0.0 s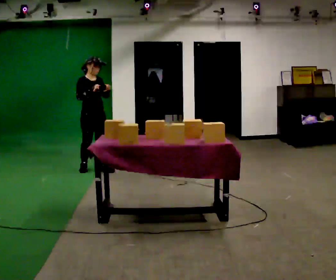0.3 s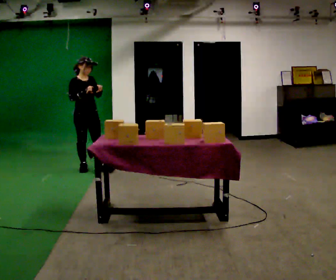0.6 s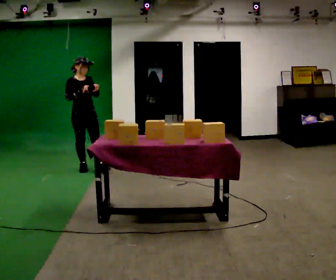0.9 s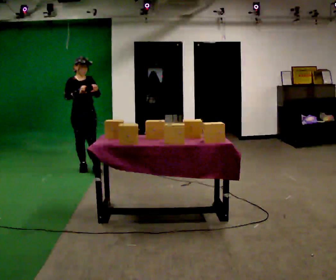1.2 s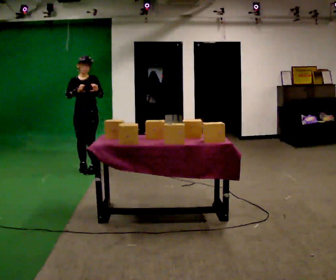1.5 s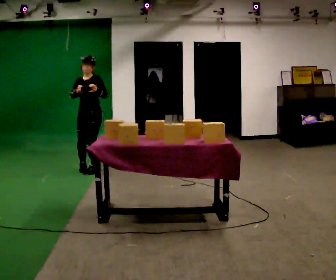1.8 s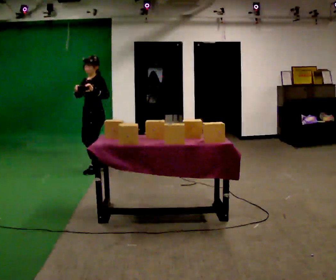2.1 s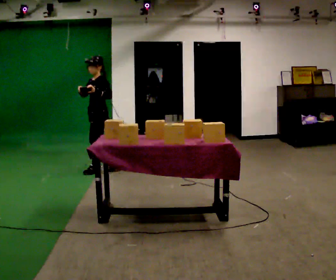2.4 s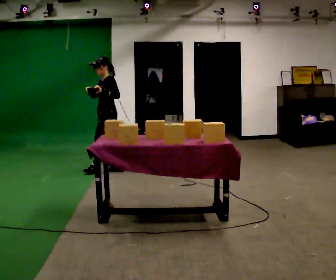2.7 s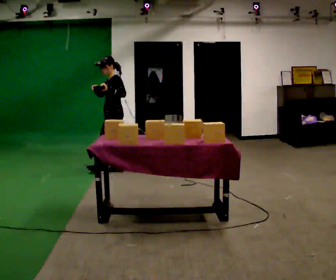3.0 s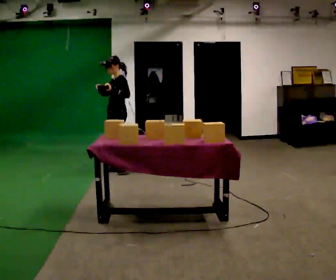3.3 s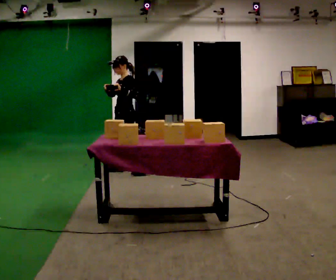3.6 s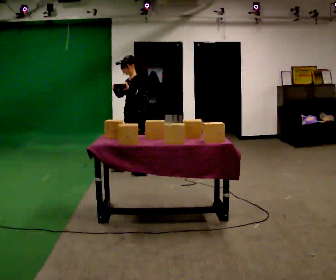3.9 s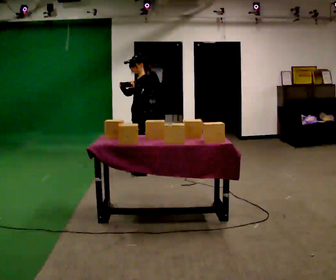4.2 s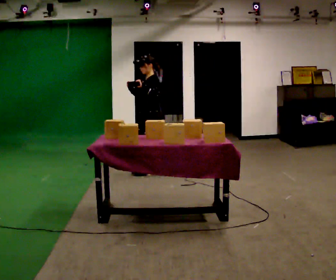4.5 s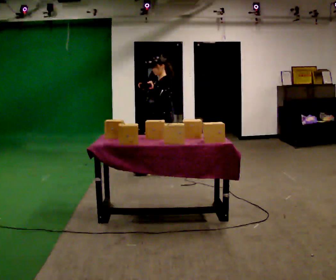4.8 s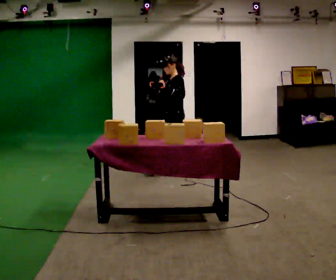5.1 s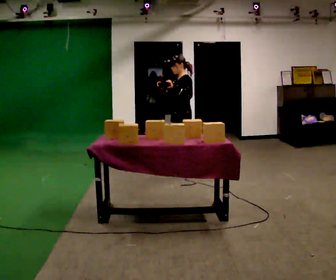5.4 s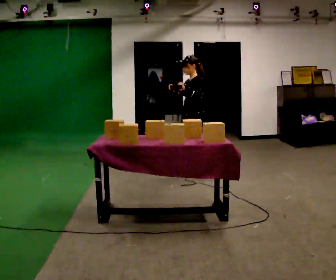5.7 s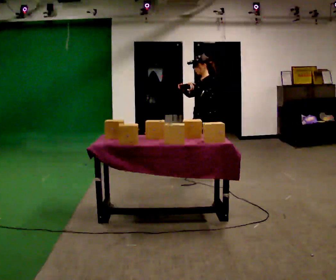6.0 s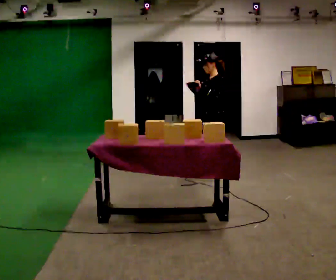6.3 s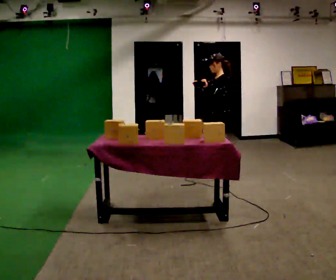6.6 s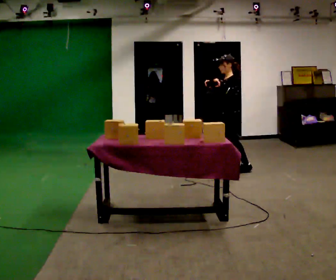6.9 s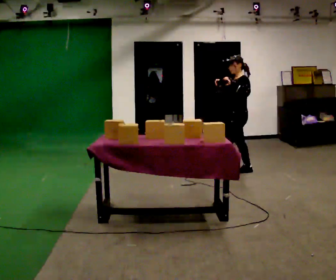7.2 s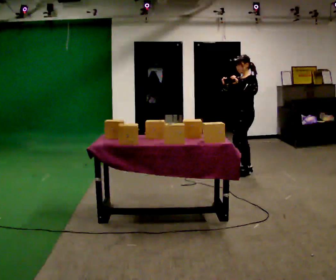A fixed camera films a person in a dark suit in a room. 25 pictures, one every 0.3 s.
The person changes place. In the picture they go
to the right.
0.0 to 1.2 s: Seen from above the body turns clockwise, about 45 degrees: to their right, with its near side sliding to the left.
1.2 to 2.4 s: The part of the body nearest the lens slides to the left as the person turns to their right by about 75 degrees. In the picture they go to the right, about 0.25 m in 1 step.
2.4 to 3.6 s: In the picture they go to the right and toward the camera, about 0.5 m in 1 step, which for them is backward and to their left.
3.6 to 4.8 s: In the picture they go to the right, about 0.5 m in 2 steps, which for them is backward.
4.8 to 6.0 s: In the picture they go to the right, about 0.5 m in 1 step, which for them is backward and to their left.
6.0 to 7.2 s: In the picture they go to the right, about 0.5 m in 1 step, which for them is backward.
The film runs backward here.
